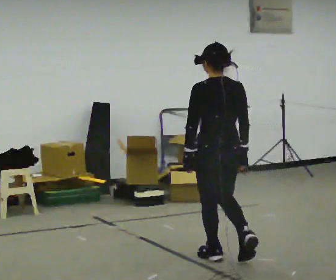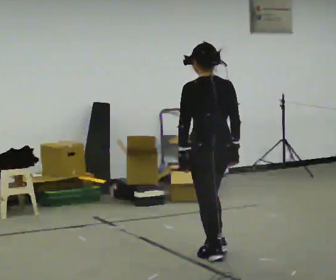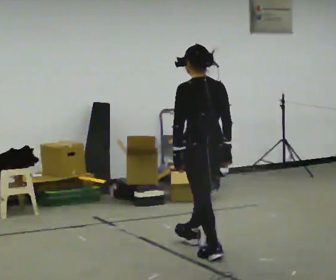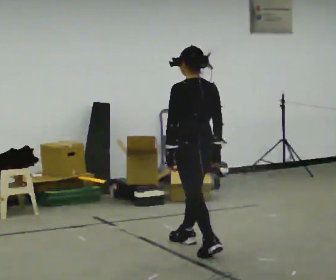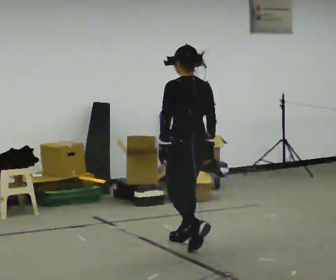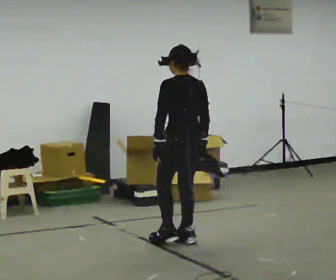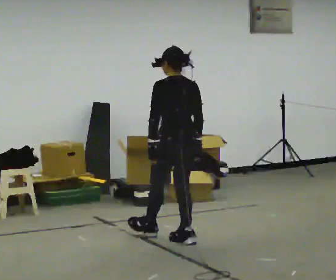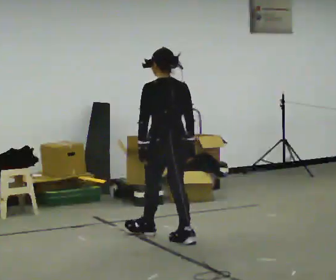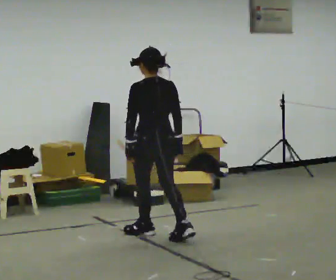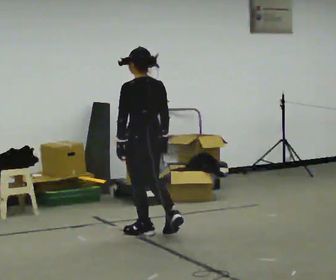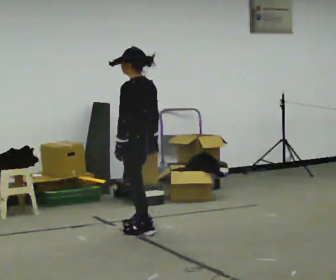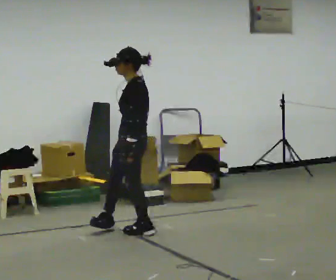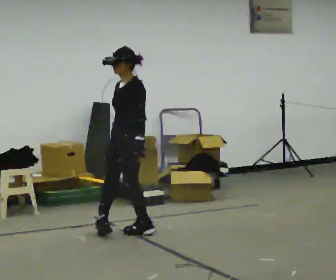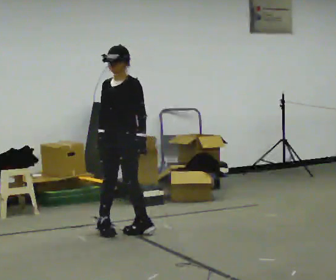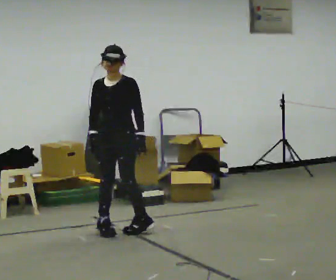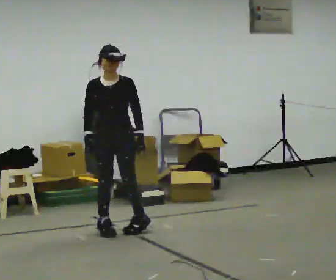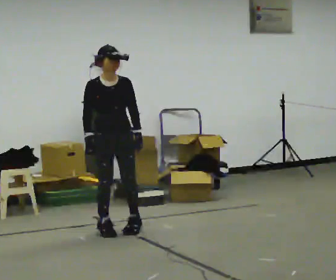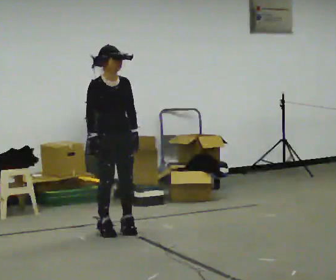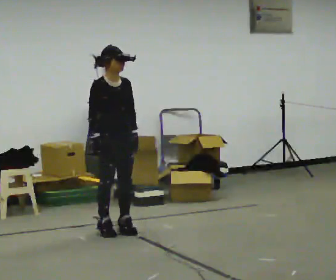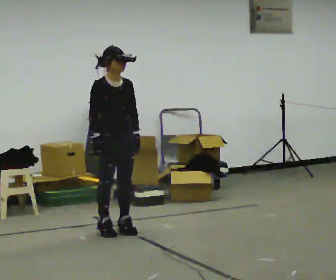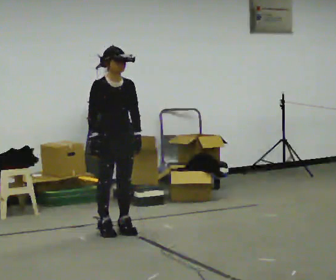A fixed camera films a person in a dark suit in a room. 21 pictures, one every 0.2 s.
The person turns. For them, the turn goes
to their left.
The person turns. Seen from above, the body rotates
counterclockwise.
0.0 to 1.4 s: In the picture they go away from the camera and to the left, about 0.5 m in 2 steps, which for them is forward.
1.4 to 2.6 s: The part of the body nearest the lens slides to the right as the person turns to their left by about 120 degrees. In the picture they go to the left and away from the camera, about 0.5 m in 1 step.
2.6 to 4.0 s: The person turns about 75 degrees to their left, counterclockwise seen from above, so the part of the body nearest the lens slides to the right.
The film runs forward here.
